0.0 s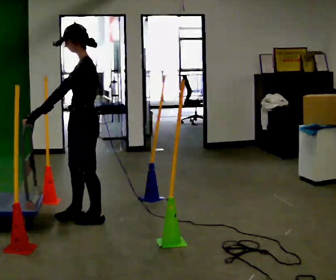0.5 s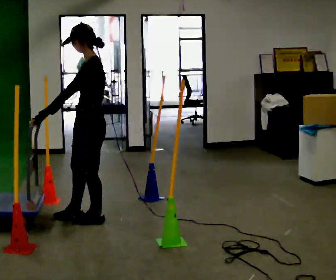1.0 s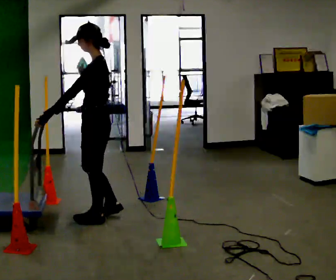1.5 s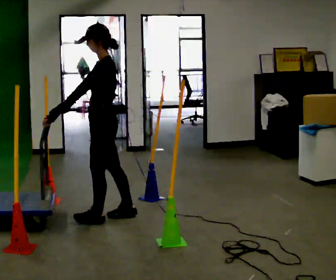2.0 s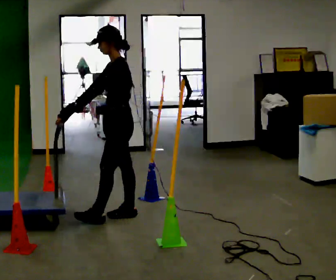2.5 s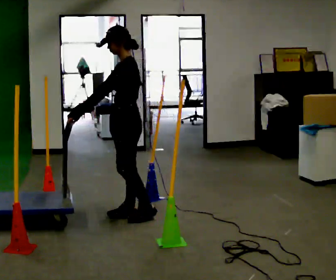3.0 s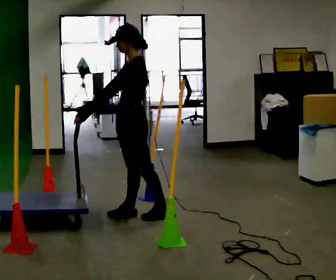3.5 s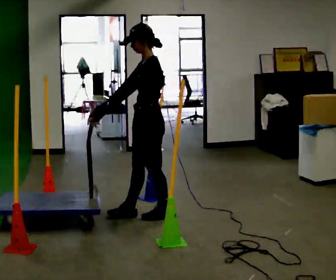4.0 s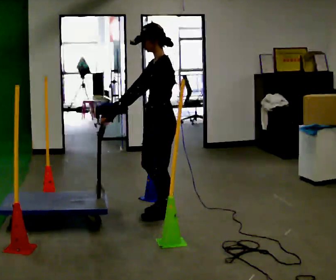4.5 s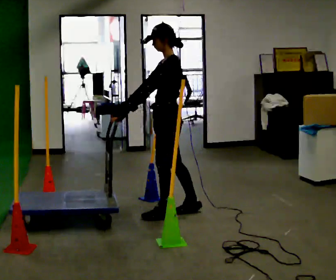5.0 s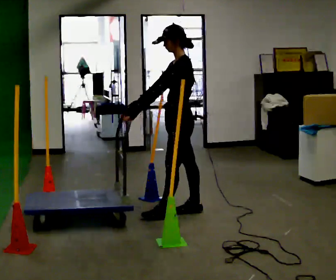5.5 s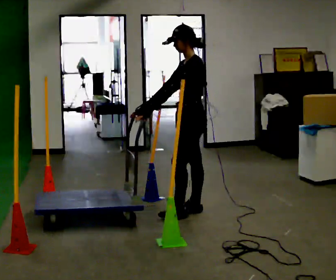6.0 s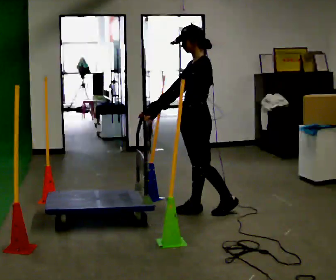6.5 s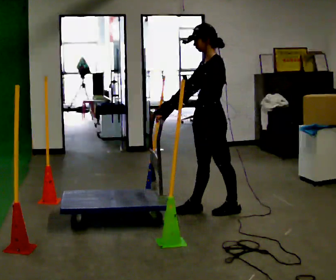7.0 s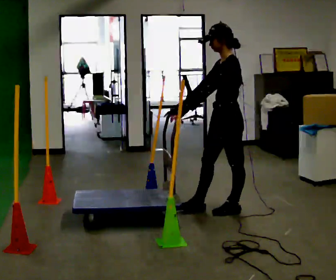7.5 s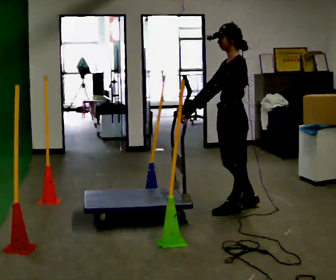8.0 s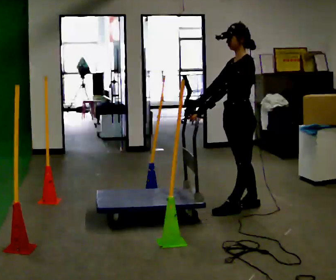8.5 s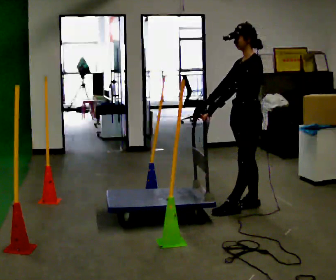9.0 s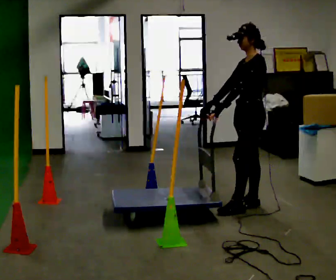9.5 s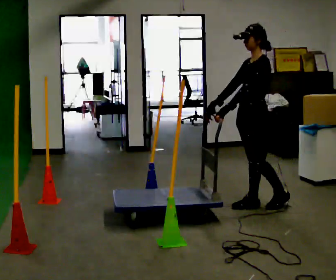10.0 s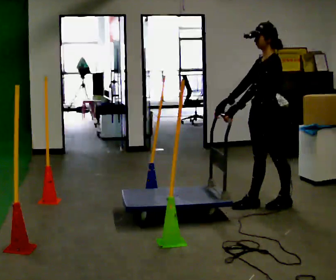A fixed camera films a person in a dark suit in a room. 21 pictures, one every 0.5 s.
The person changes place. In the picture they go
to the right.
0.0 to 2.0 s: In the picture they go to the right, about 0.25 m in 1 step, which for them is backward and to their right.
2.0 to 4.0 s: In the picture they go to the right, about 0.25 m in 2 steps, which for them is backward.
4.0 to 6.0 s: In the picture they go to the right and away from the camera, about 0.25 m in 1 step, which for them is backward and to their right.
6.0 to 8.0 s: In the picture they go to the right, about 0.25 m in 1 step, which for them is backward.
8.0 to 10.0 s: In the picture they go to the right, about 0.25 m in 1 step, which for them is backward.
The film runs backward here.
